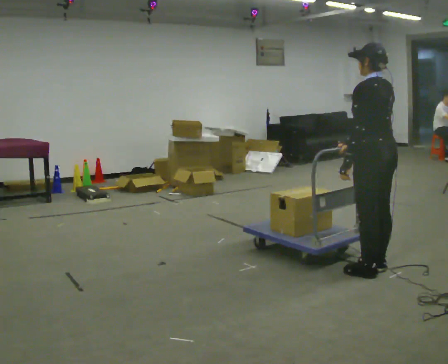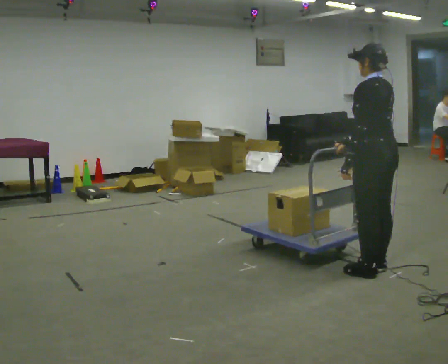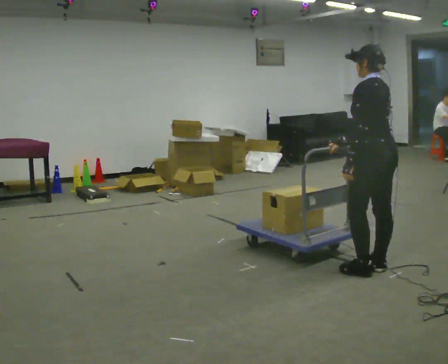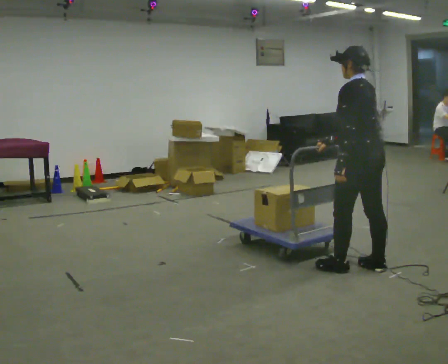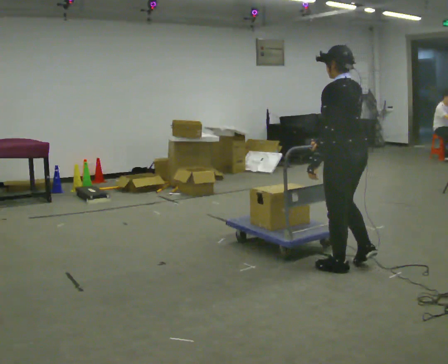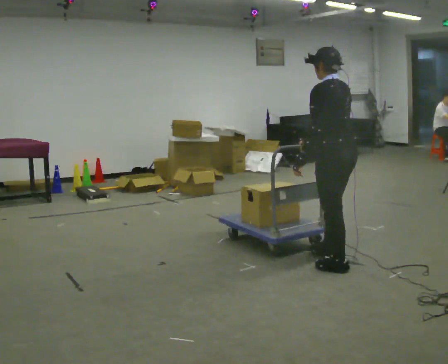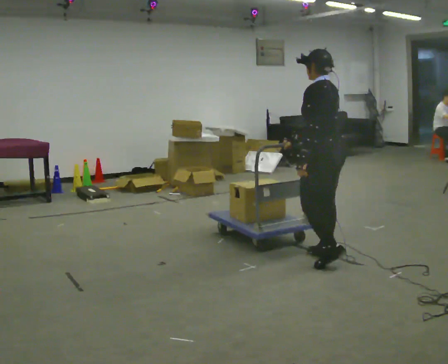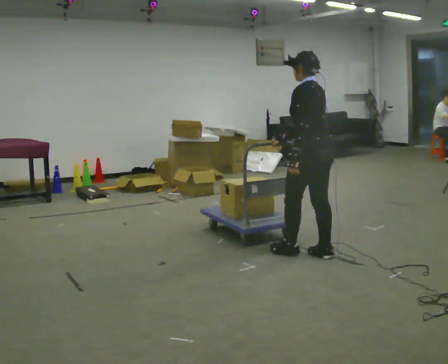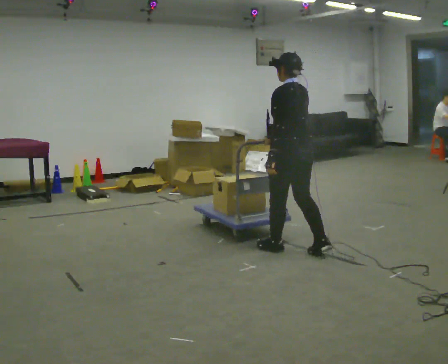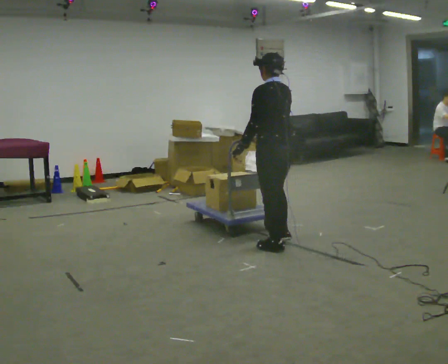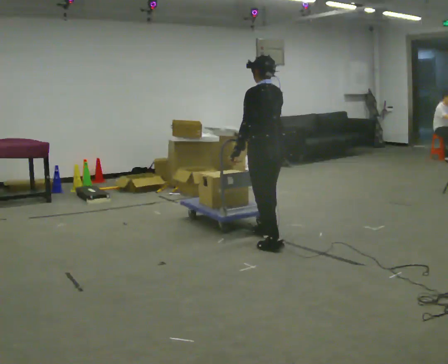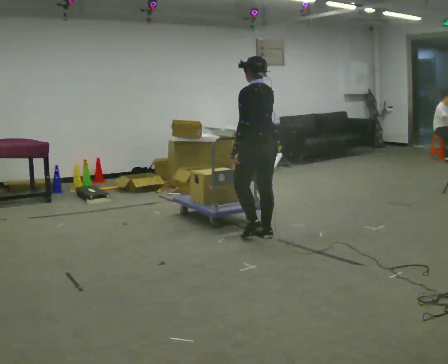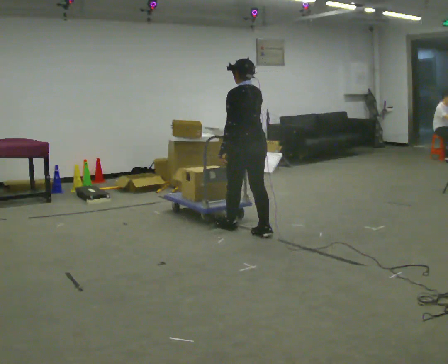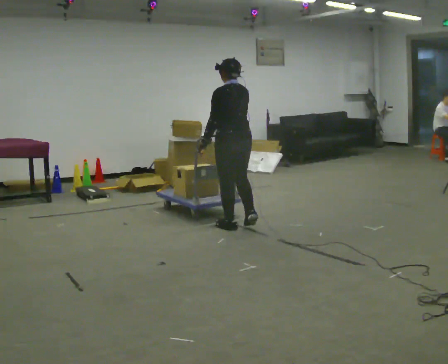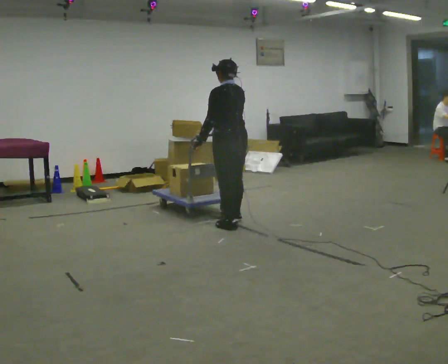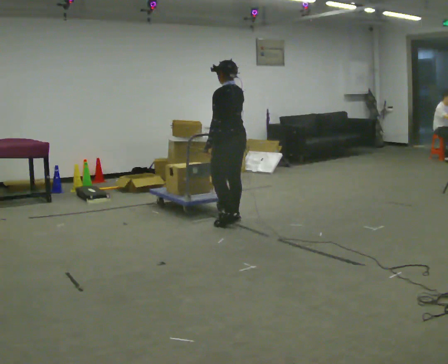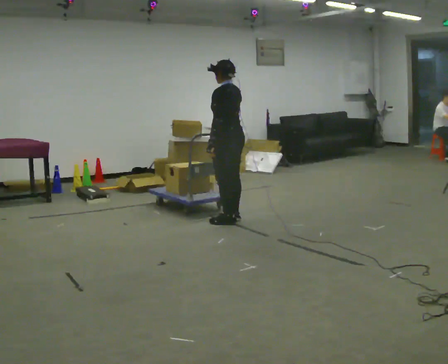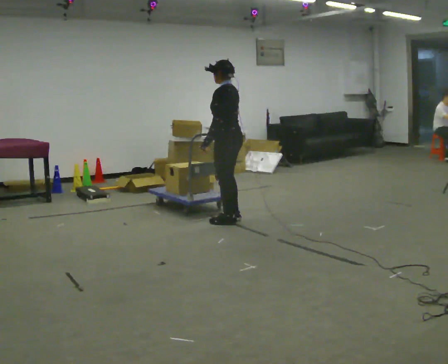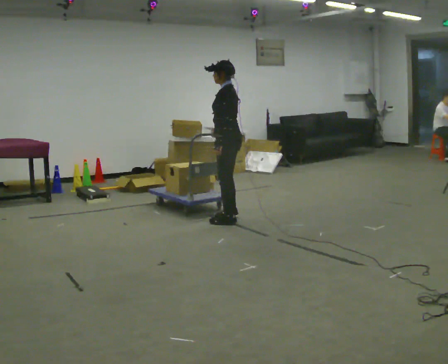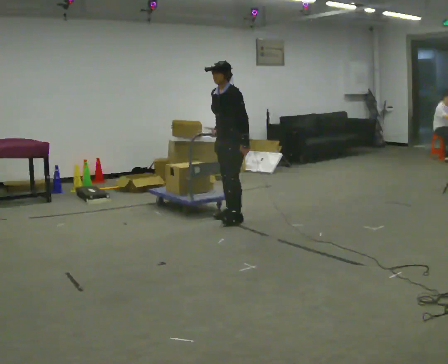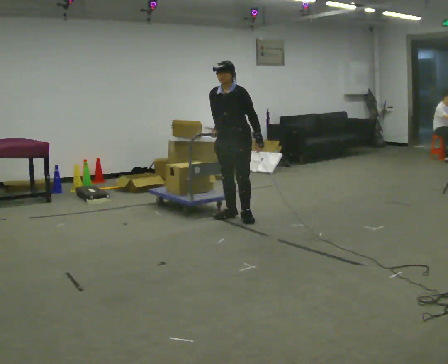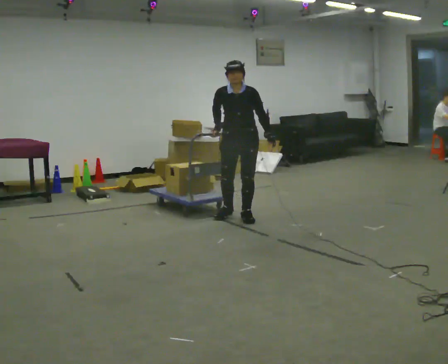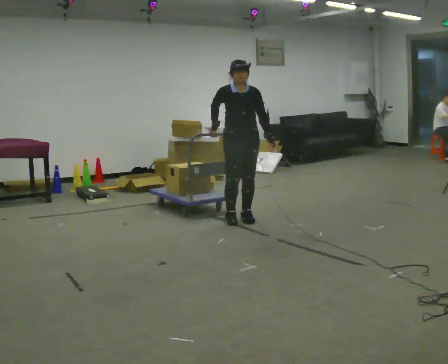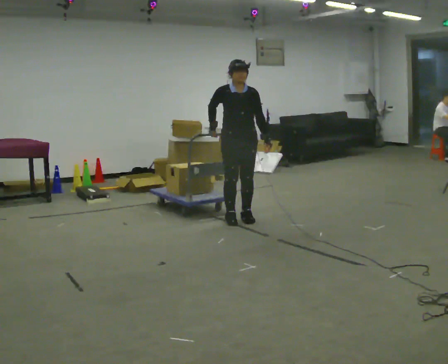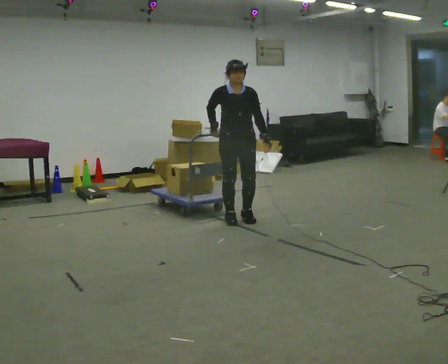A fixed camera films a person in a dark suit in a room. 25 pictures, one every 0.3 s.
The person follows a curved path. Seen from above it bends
clockwise.
0.0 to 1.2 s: In the picture they go to the left, about 0.25 m in 1 step, which for them is forward.
1.2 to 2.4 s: In the picture they go away from the camera and to the left, about 0.5 m in 2 steps, which for them is forward.
2.4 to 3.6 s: In the picture they go away from the camera and to the left, about 0.75 m in 2 steps, which for them is forward.
3.6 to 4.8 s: In the picture they go away from the camera and to the left, about 0.5 m in 2 steps, which for them is forward.
4.8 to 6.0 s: Seen from above the body turns counterclockwise, about 90 degrees: to their left, with its near side sliding to the right. In the picture their left hand goes to the right, the arm swinging counterclockwise.
6.0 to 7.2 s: The person turns about 45 degrees to their left, counterclockwise seen from above, so the part of the body nearest the lens slides to the right.
The film runs forward here.
